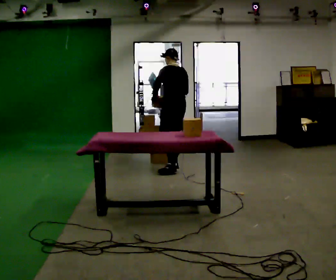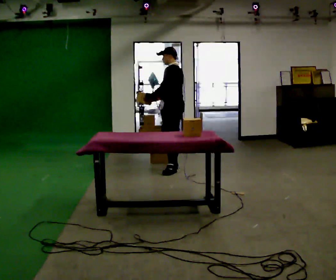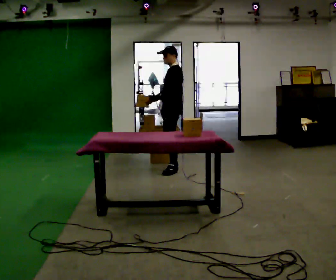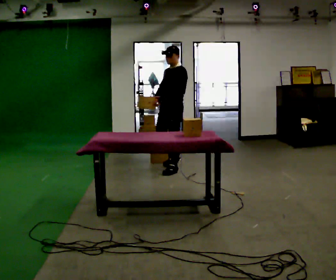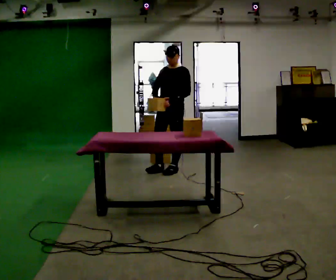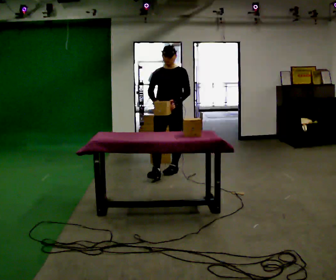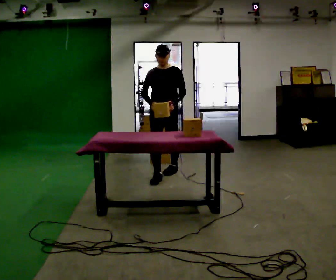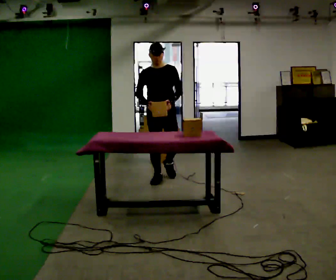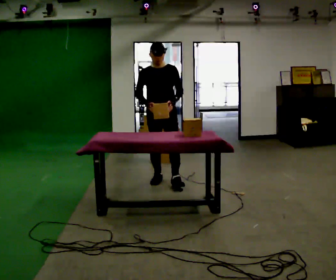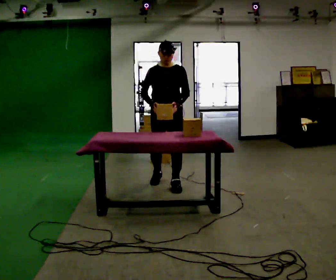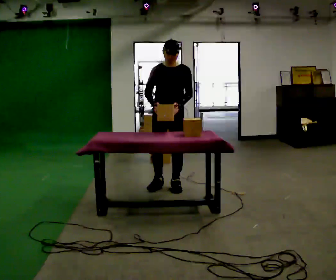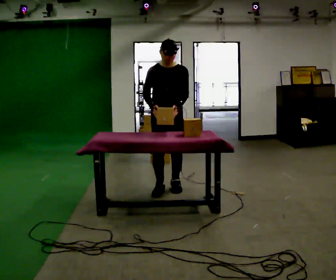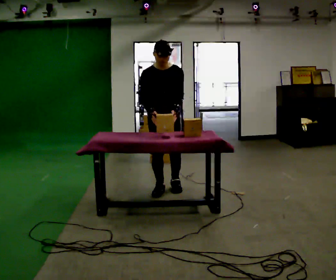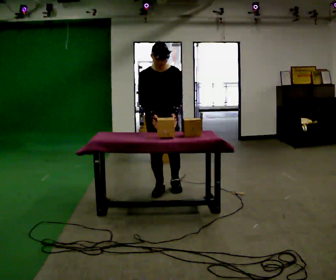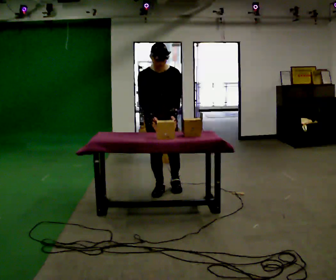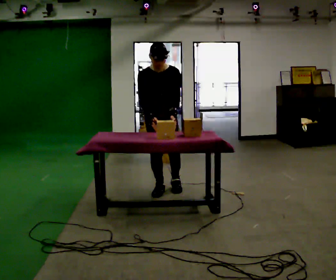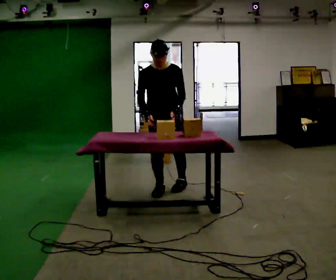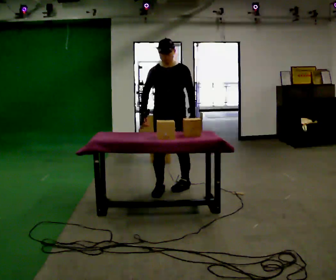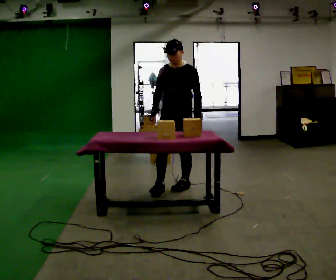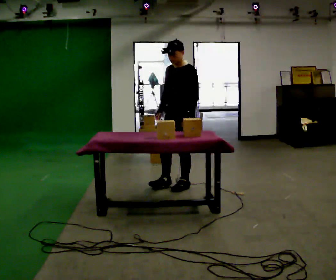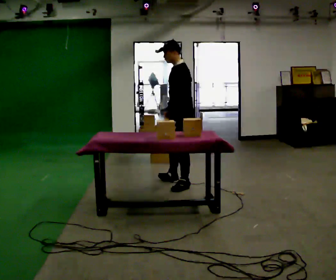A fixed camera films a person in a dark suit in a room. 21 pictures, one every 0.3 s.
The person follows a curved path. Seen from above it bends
counterclockwise.
0.0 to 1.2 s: The person turns about 105 degrees to their left, counterclockwise seen from above, so the part of the body nearest the lens slides to the right. In the picture they go toward the camera, about 0.25 m. In the picture their left hand goes to the right.
1.2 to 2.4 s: The person turns about 30 degrees to their left, counterclockwise seen from above, so the part of the body nearest the lens slides to the right. In the picture they go toward the camera, about 0.5 m in 1 step, which for them is forward.
2.4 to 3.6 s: In the picture they go toward the camera, about 0.25 m in 2 steps, which for them is forward. The upper body tips toward the camera, its near side rolling downward, as they bend forward.
3.6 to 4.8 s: The person moves a little, or ends about where they began.
4.8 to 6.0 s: The part of the body nearest the lens slides to the left as the person turns to their right by about 90 degrees. In the picture they go to the right and away from the camera, about 0.25 m in 1 step.
The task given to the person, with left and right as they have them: Take the objects from the bin one at a time and put one in each of the places the operator points out. Keep going until the operator says stop; one object at a time, and do not rush between trips.
The film runs forward here.
